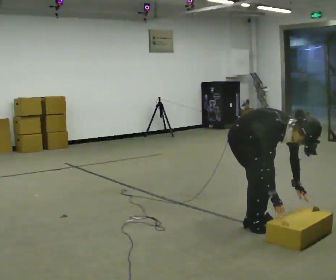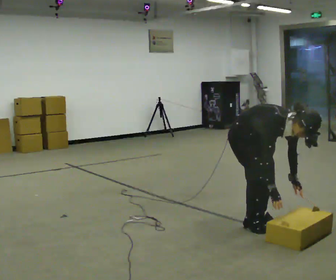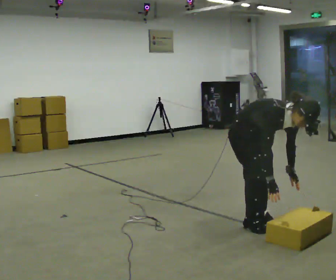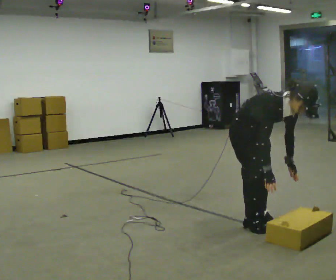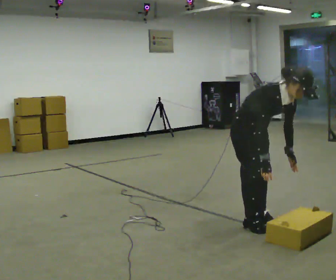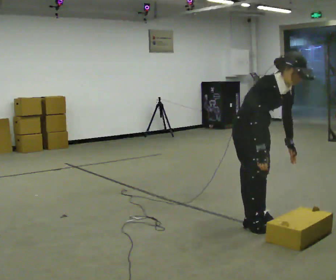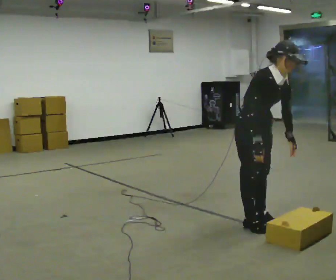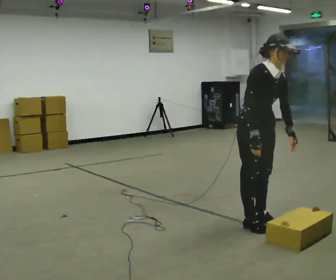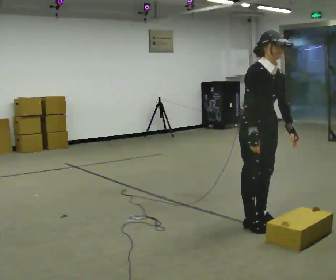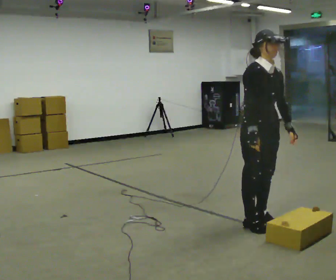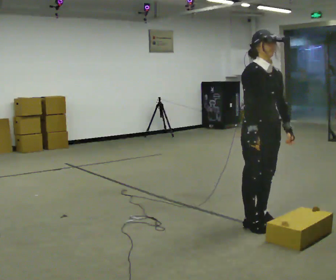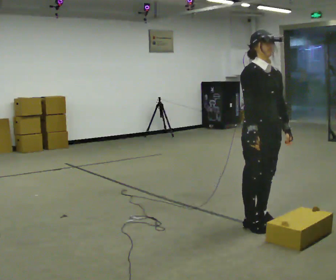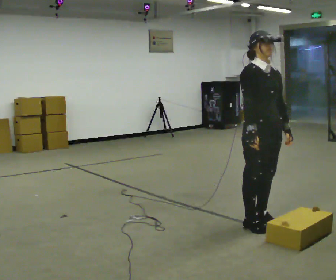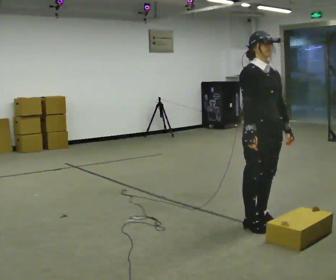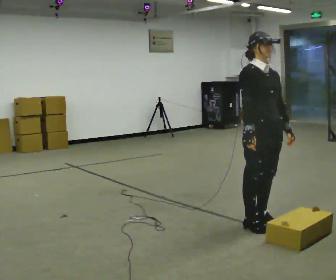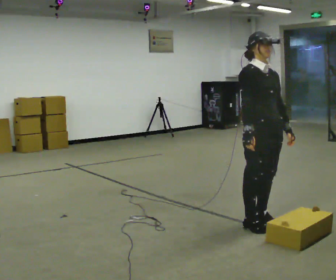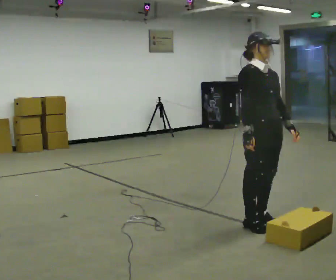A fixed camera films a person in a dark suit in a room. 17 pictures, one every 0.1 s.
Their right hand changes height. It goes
upward.
The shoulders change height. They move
upward.
0.0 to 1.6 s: The shoulders move upward. In the picture the upper body tilts counterclockwise, shoulders to the left, as they lean back or straighten. In the picture their left hand goes upward.
The film runs forward here.
